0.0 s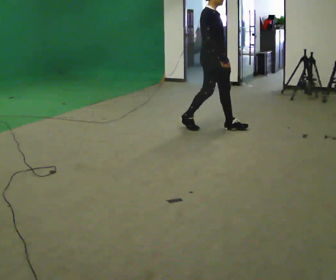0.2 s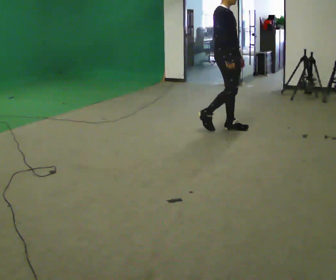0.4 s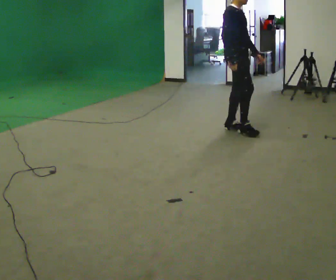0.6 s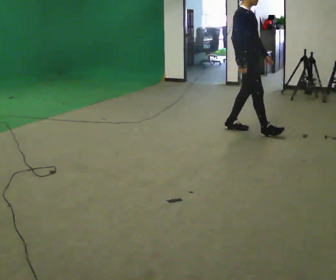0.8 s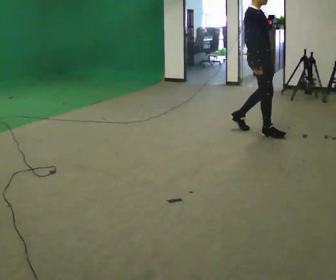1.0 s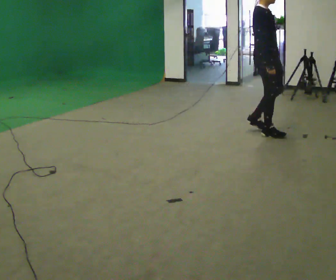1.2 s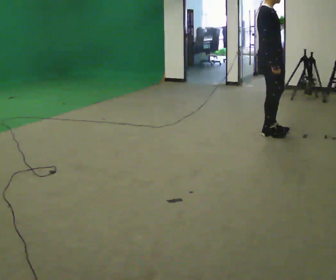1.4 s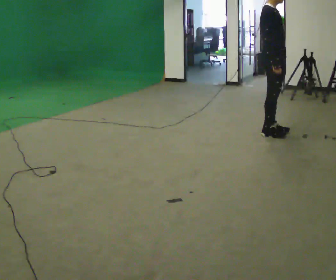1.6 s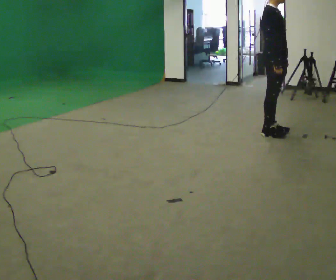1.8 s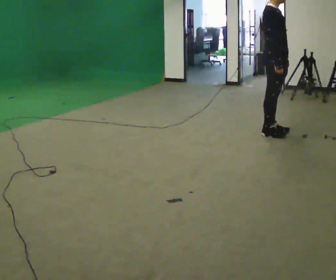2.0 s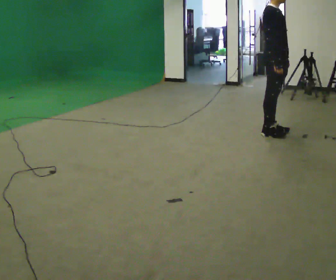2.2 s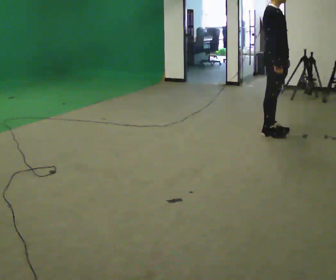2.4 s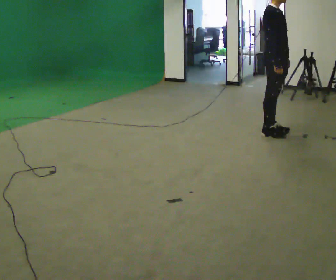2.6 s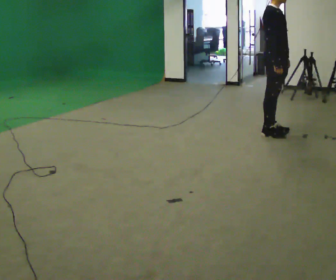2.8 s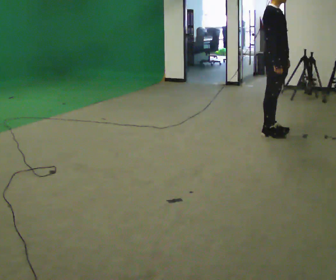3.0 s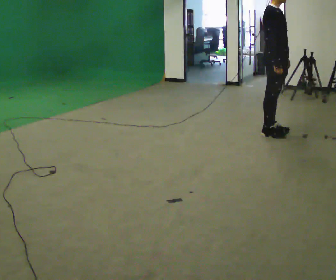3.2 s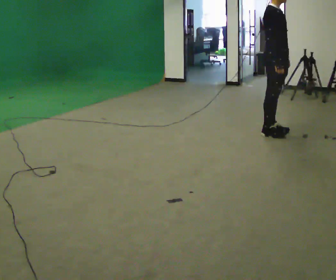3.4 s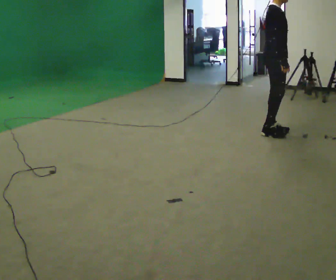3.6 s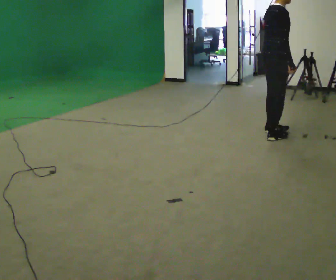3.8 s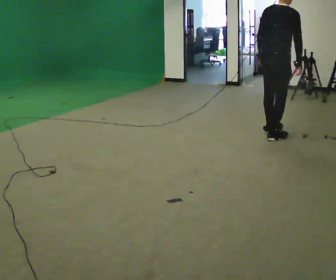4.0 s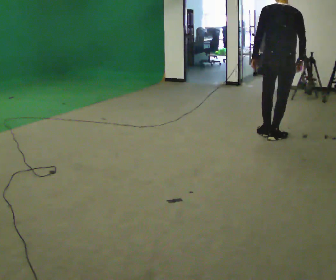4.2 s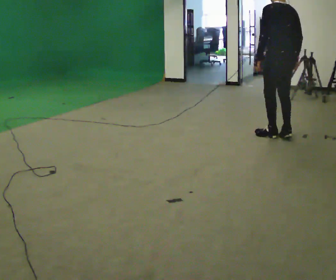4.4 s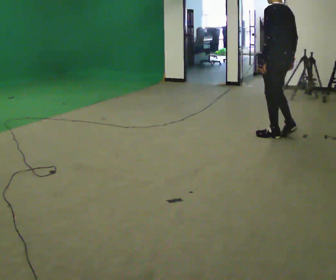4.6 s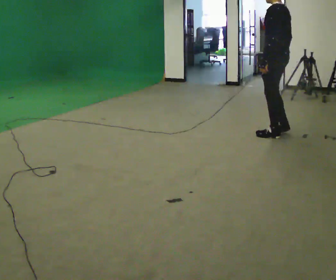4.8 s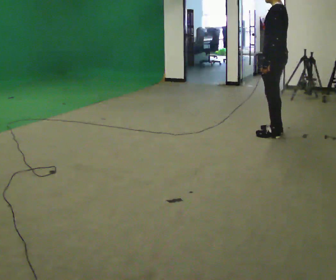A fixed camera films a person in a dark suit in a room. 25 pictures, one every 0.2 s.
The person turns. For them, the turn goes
to their left.
The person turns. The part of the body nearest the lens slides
to the right.
0.0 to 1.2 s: In the picture they go to the right, about 0.75 m in 2 steps, which for them is forward.
1.2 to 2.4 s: The person moves a little, or ends about where they began.
2.4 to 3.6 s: The person turns about 45 degrees to their left, counterclockwise seen from above, so the part of the body nearest the lens slides to the right.
3.6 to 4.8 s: The person turns about 135 degrees to their left, counterclockwise seen from above, so the part of the body nearest the lens slides to the right.
The film runs forward here.
